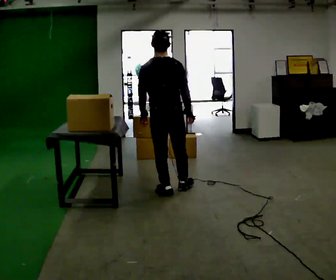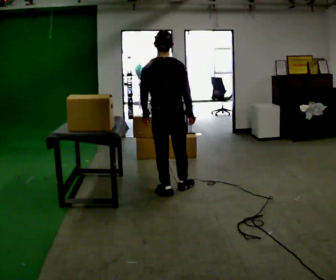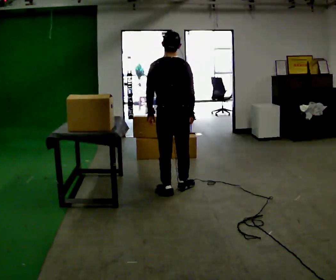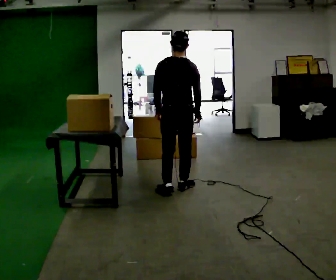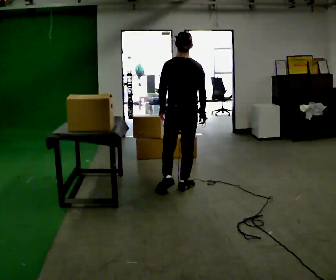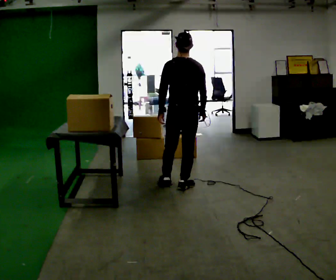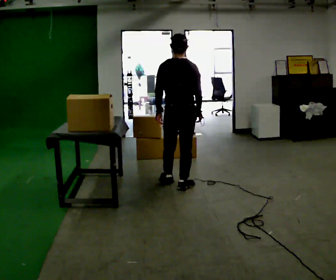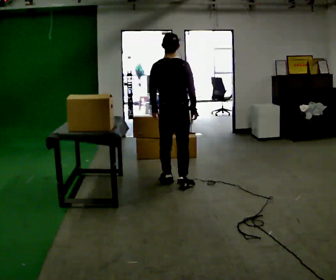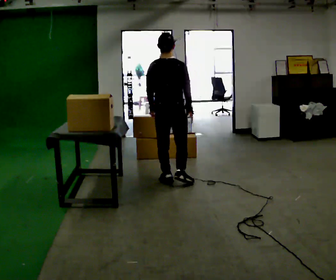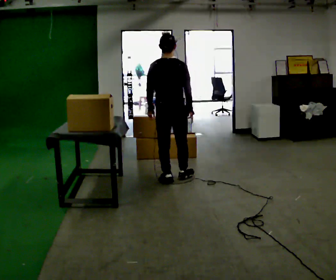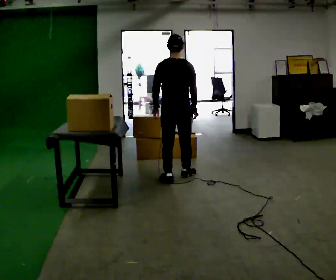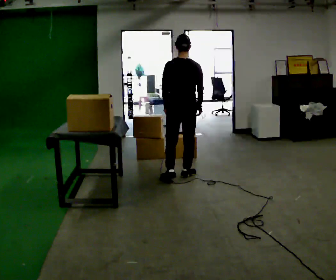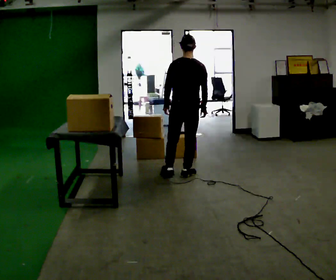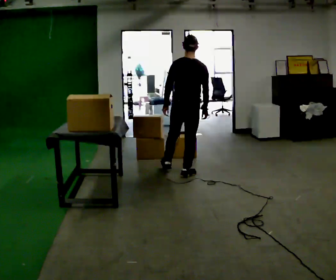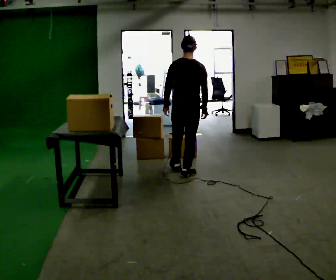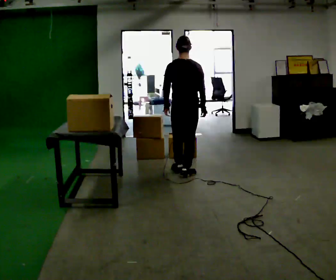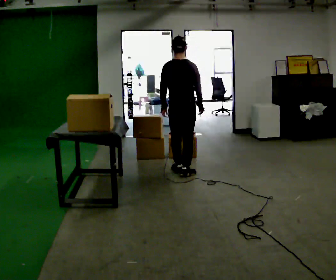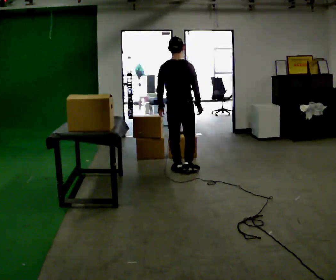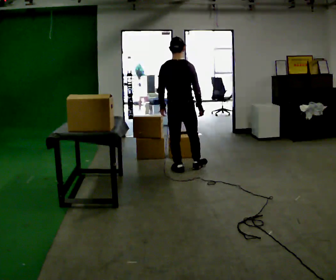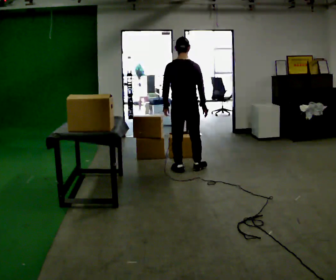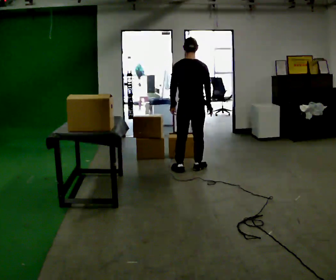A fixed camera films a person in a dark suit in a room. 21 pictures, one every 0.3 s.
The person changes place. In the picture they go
away from the camera.
0.0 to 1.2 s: In the picture they go away from the camera and to the right, about 0.25 m in 1 step, which for them is forward and to their right.
1.2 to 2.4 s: In the picture they go away from the camera, about 0.25 m in 1 step, which for them is forward and to their left.
2.4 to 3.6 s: In the picture they go away from the camera and to the right, about 0.25 m in 1 step, which for them is to their right and forward.
3.6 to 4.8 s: In the picture they go away from the camera, about 0.25 m in 1 step, which for them is forward.
4.8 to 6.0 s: The person moves a little, or ends about where they began.
The film runs forward here.
